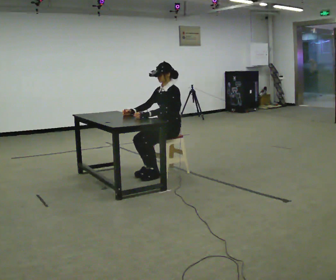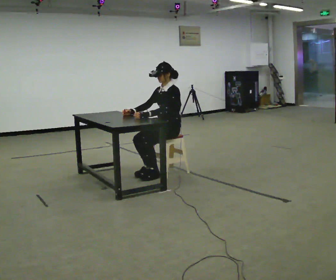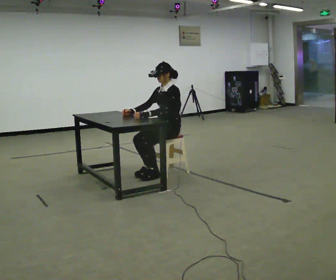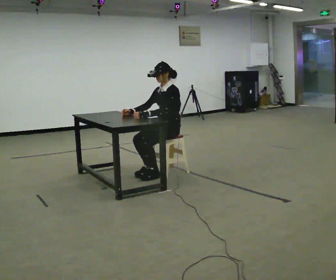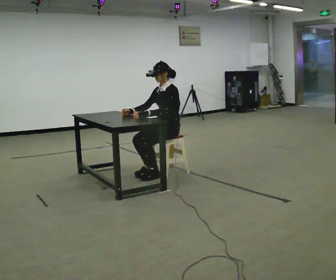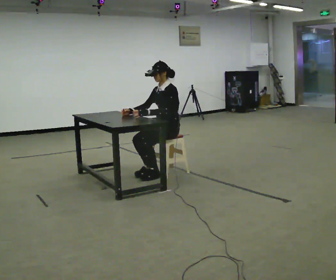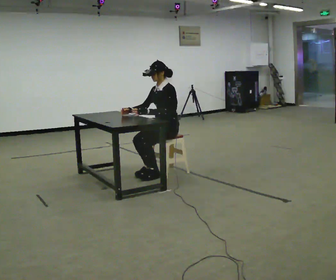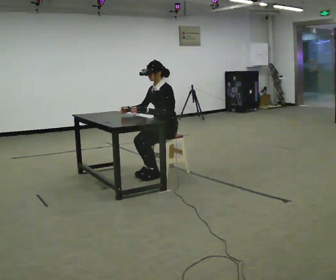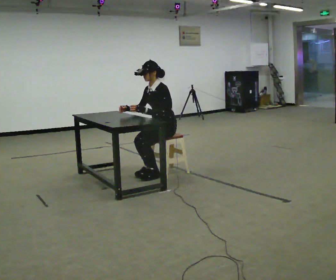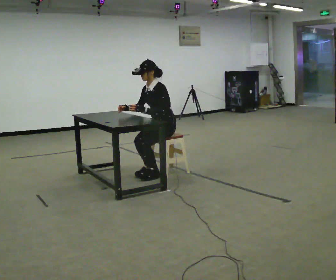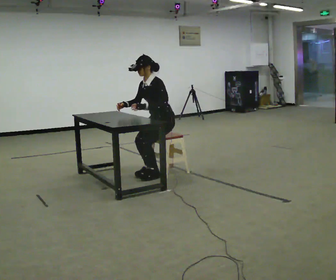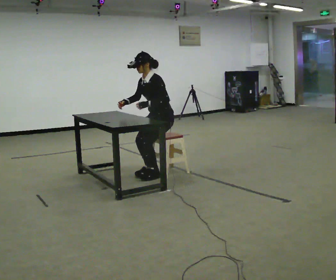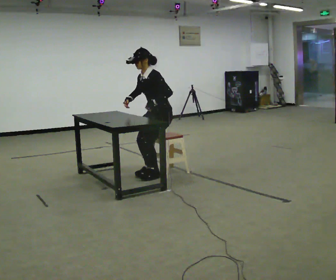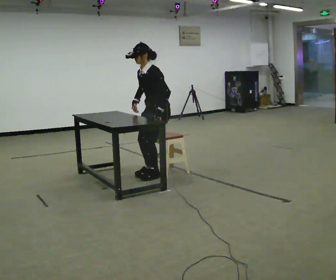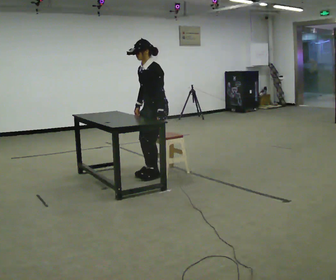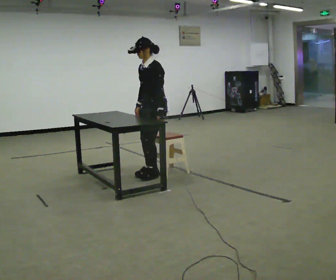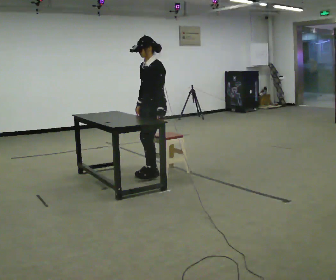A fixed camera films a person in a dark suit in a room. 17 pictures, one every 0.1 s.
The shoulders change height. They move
upward.
0.0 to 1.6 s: In the picture they go to the left, about 0.25 m in 1 step, which for them is forward. The upper body goes upward.
The film runs backward here.
